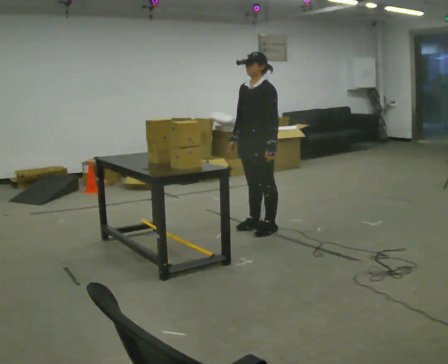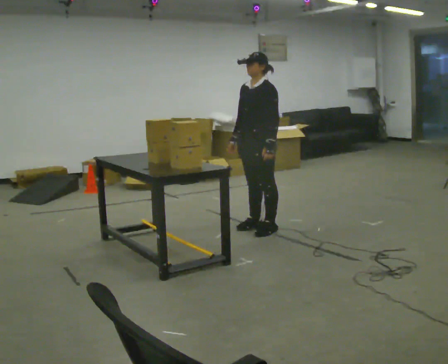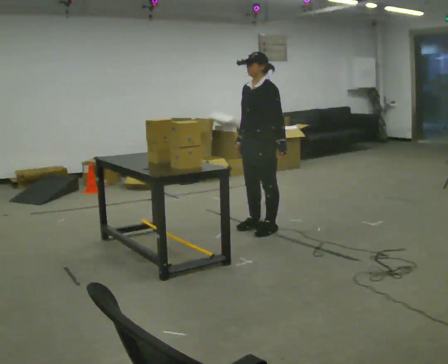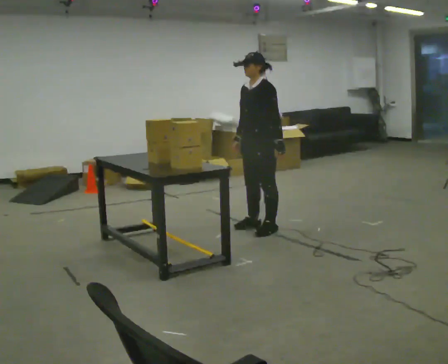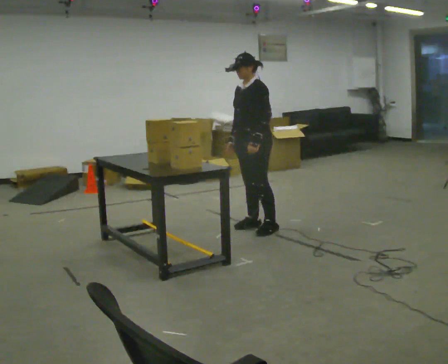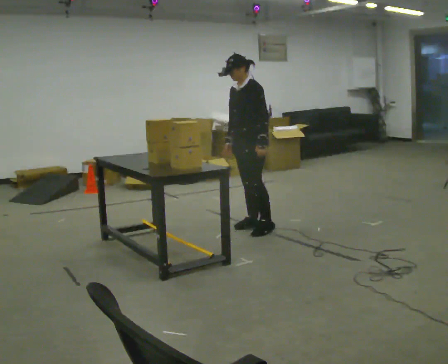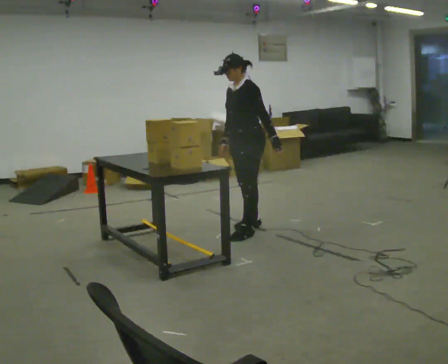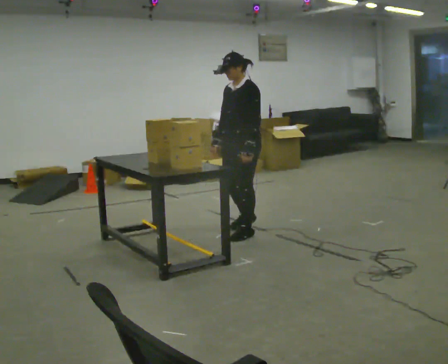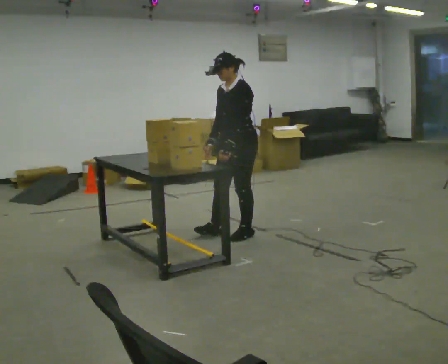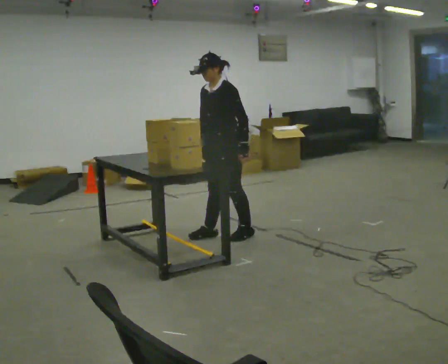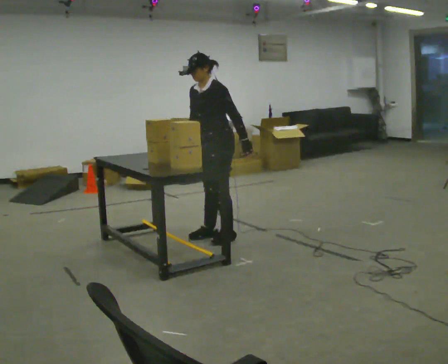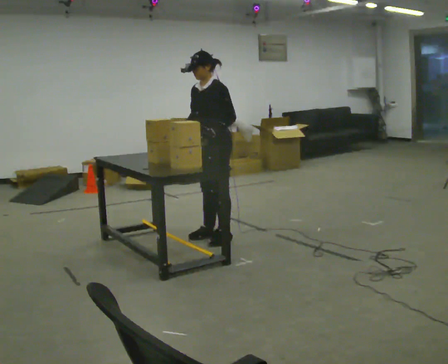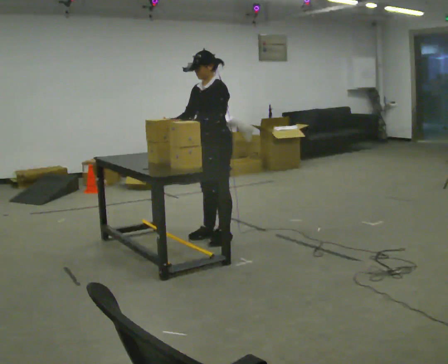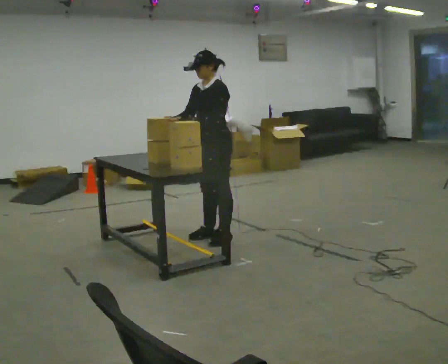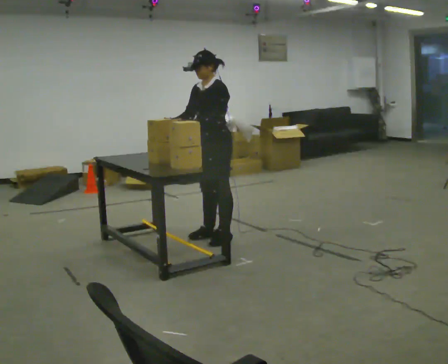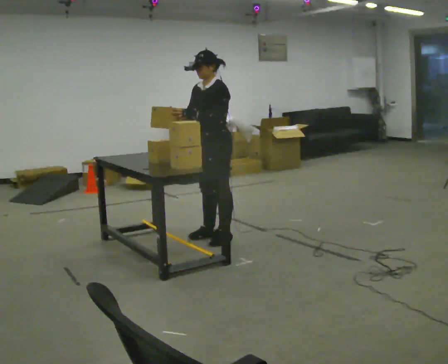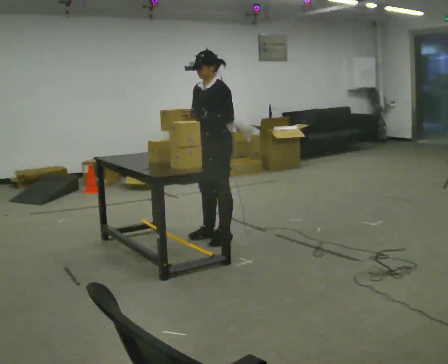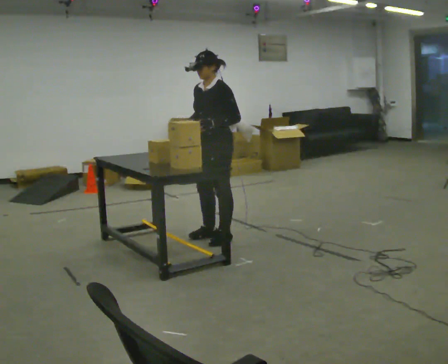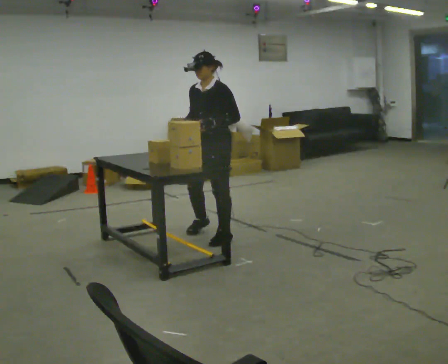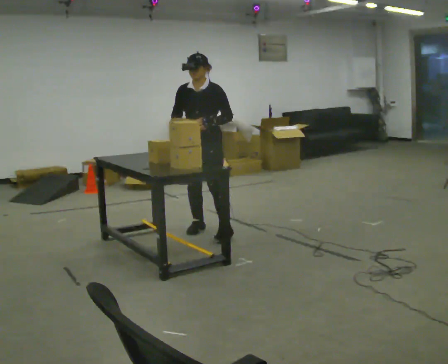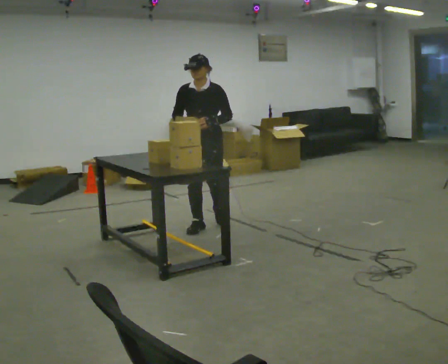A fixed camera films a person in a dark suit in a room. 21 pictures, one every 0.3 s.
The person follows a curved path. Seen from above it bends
clockwise.
0.0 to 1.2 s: The person moves a little, or ends about where they began.
1.2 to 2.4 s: In the picture they go toward the camera, about 0.25 m in 2 steps, which for them is forward and to their left.
2.4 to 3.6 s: In the picture they go to the left, about 0.25 m in 1 step, which for them is forward. In the picture their right hand goes to the left.
3.6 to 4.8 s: The person moves a little, or ends about where they began.
4.8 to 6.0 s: The person turns about 45 degrees to their left, counterclockwise seen from above, so the part of the body nearest the lens slides to the right. In the picture they go away from the camera, about 0.25 m in 2 steps, which for them is to their right and backward.
The film runs backward here.
